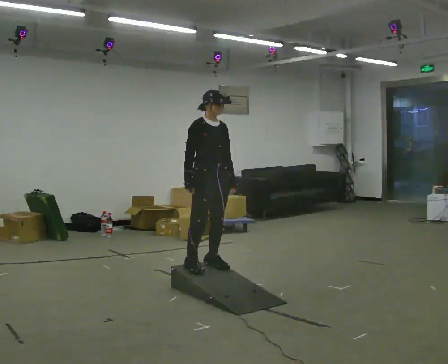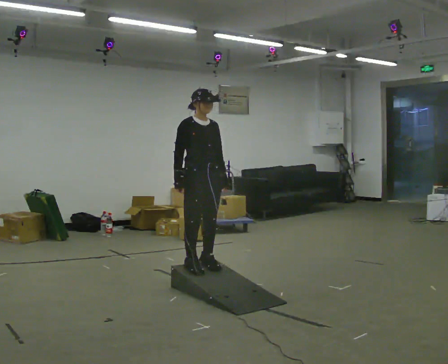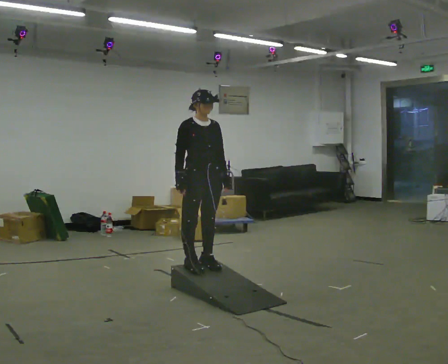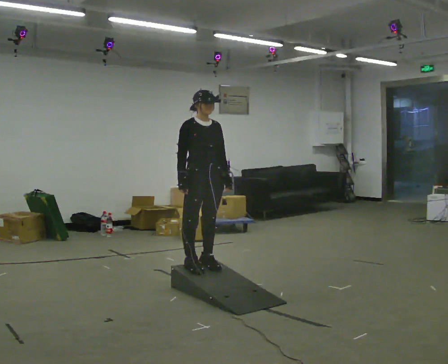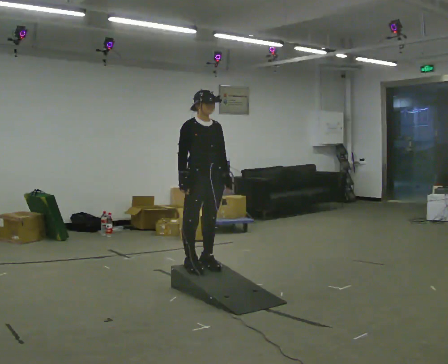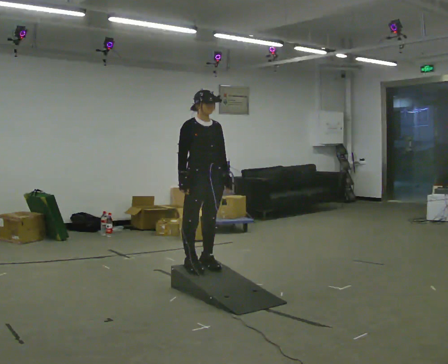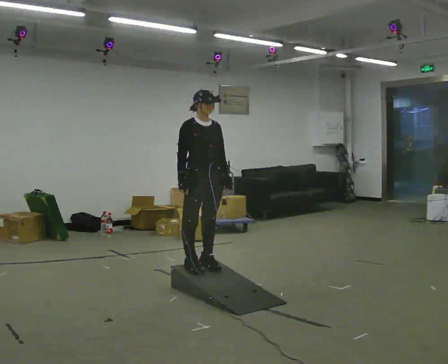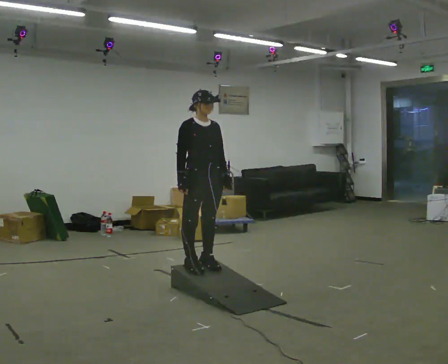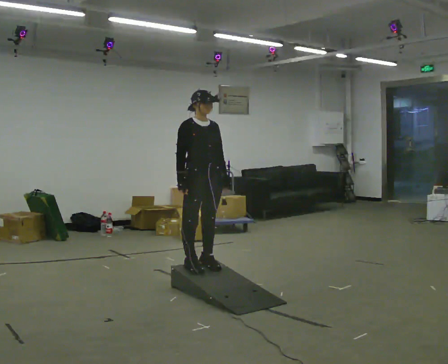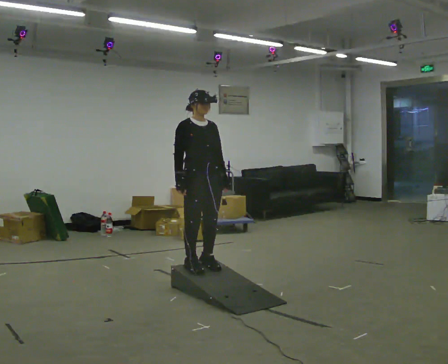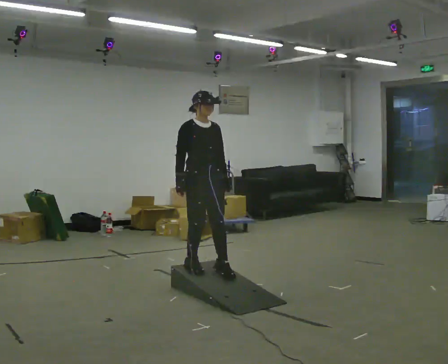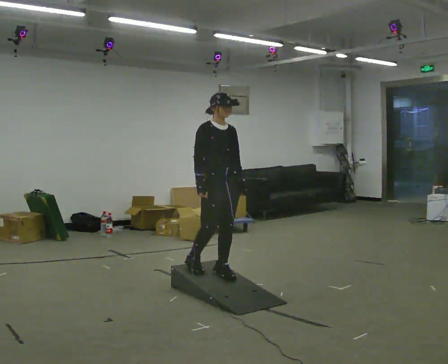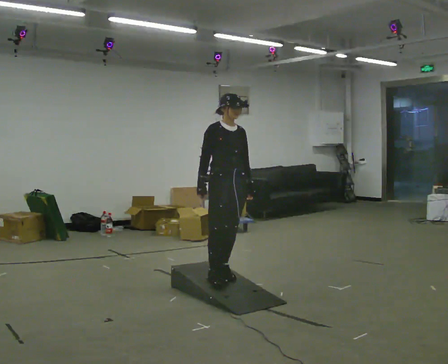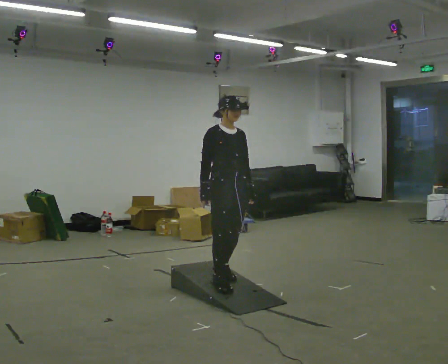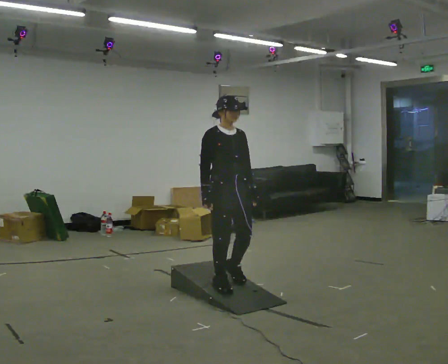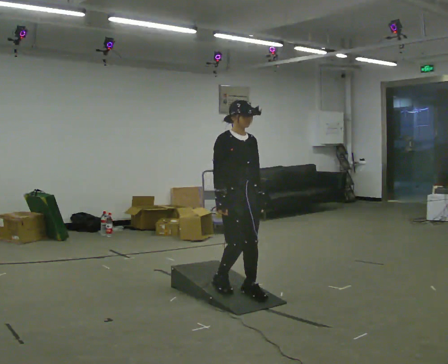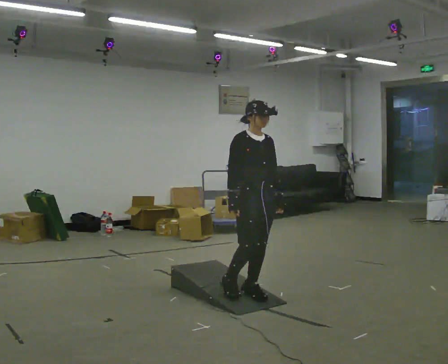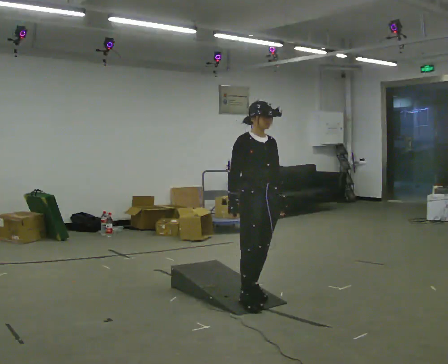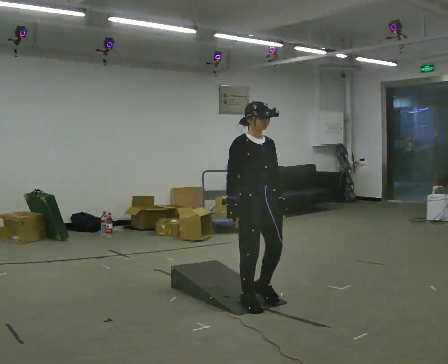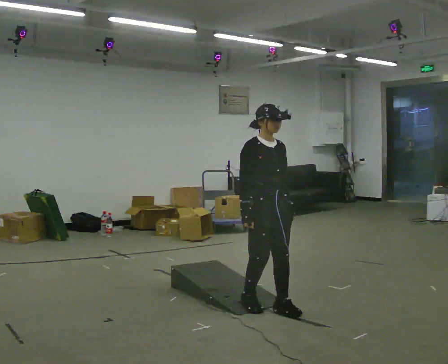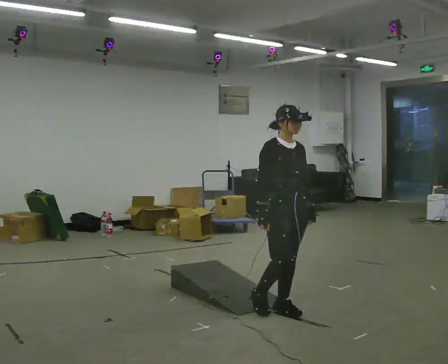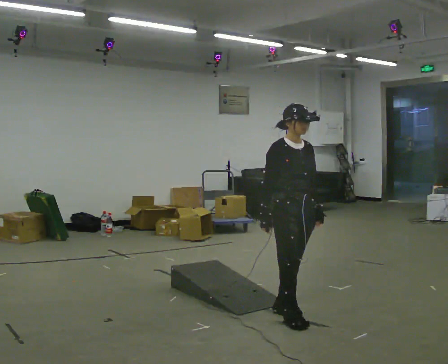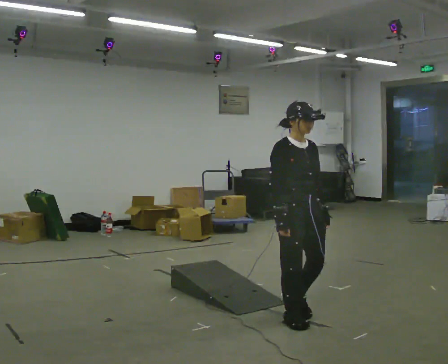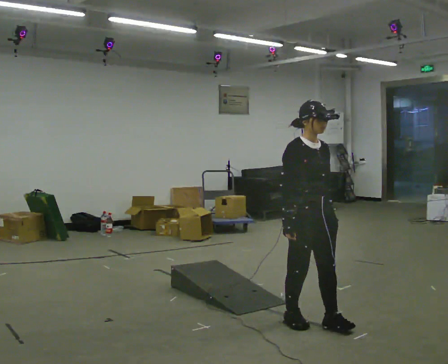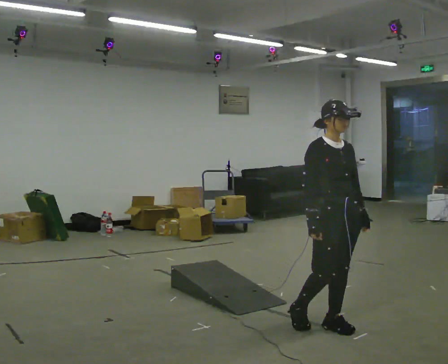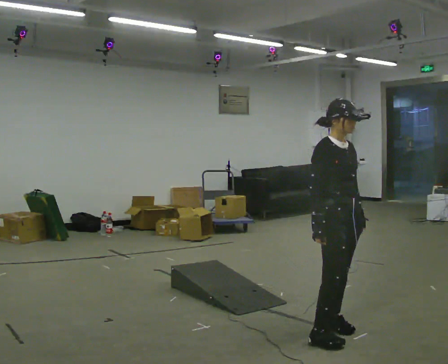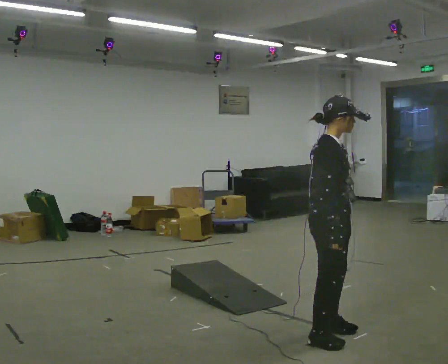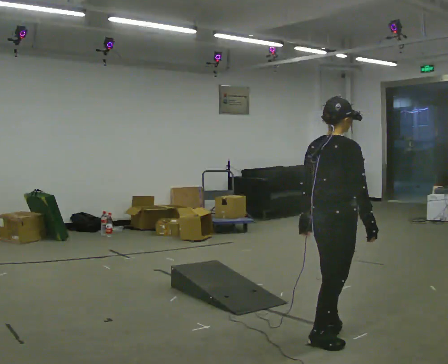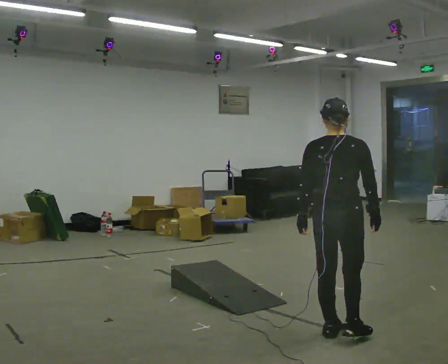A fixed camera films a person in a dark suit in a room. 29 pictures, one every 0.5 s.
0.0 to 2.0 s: The person moves a little, or ends about where they began.
2.0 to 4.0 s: The person keeps their place and pose.
4.0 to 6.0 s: In the picture they go to the right, about 0.25 m in 1 step, which for them is forward.
6.0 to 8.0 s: In the picture they go toward the camera and to the right, about 0.25 m in 2 steps, which for them is forward.
8.0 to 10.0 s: In the picture they go toward the camera and to the right, about 0.5 m in 2 steps, which for them is forward.
10.0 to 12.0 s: In the picture they go toward the camera and to the right, about 0.5 m in 2 steps, which for them is forward.
12.0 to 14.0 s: The part of the body nearest the lens slides to the right as the person turns to their left by about 135 degrees. In the picture their right hand goes to the right.
The film runs forward here.
